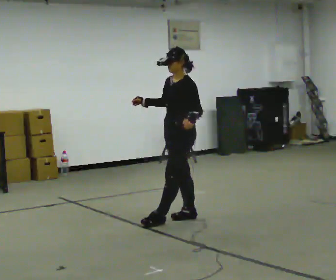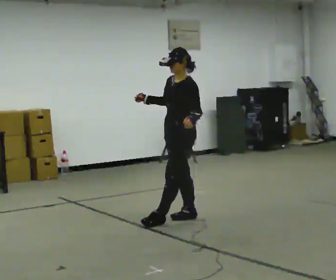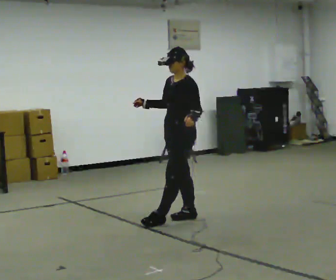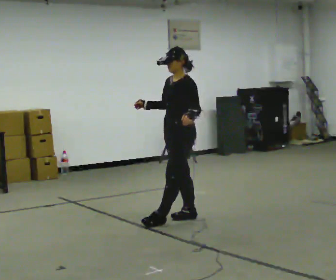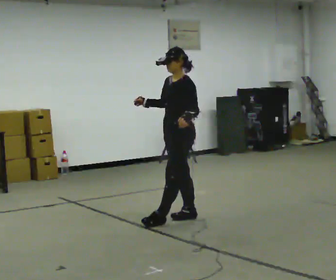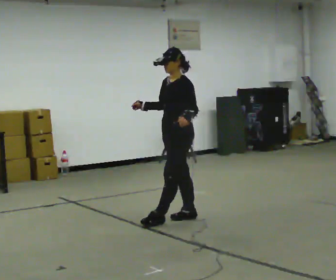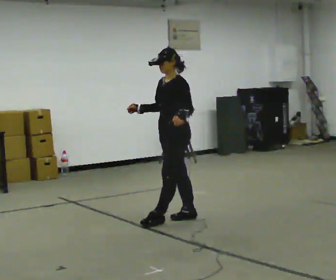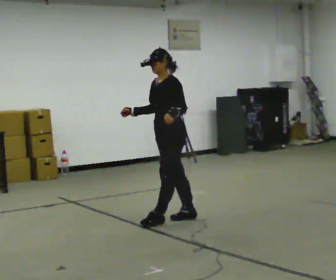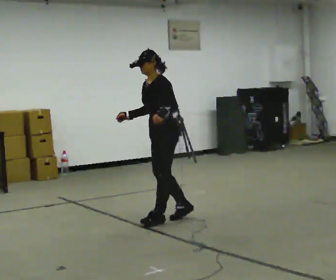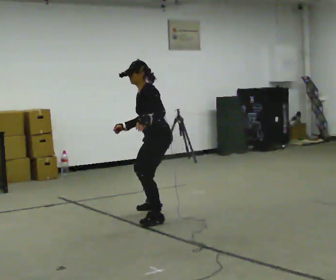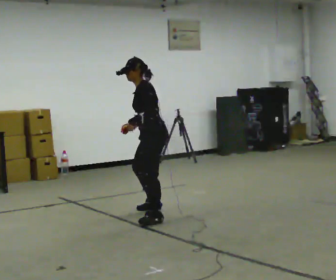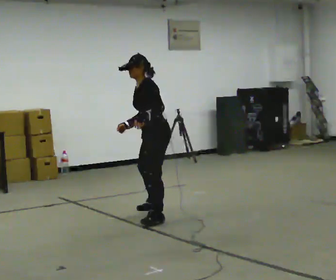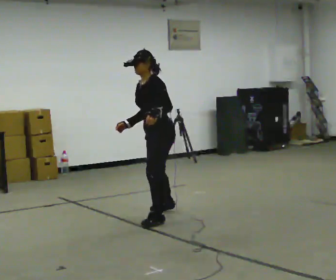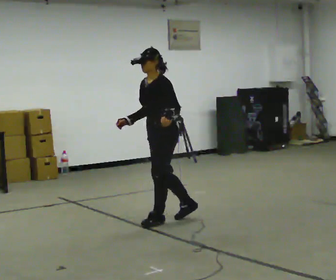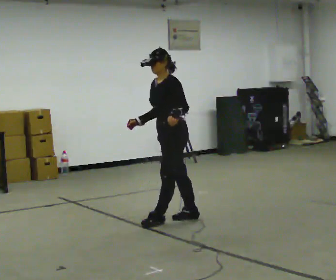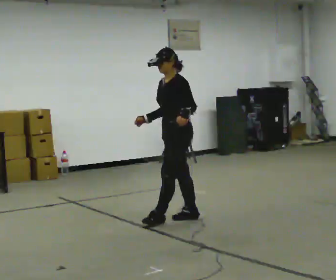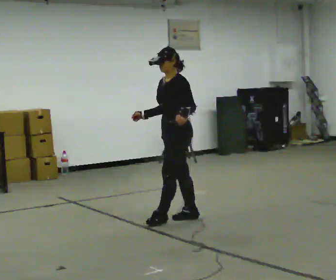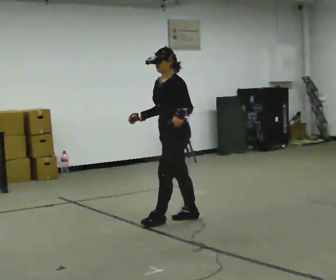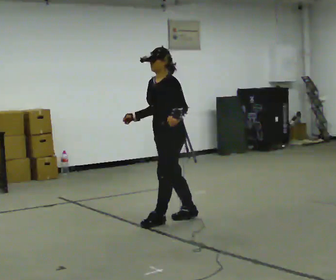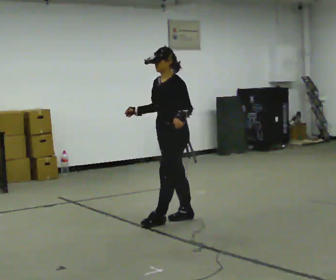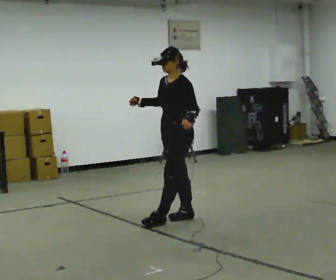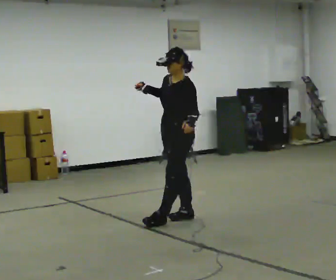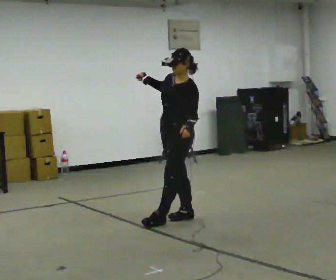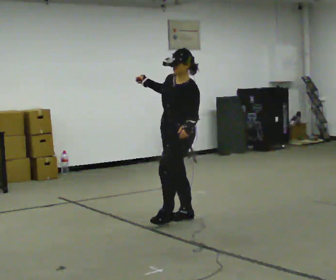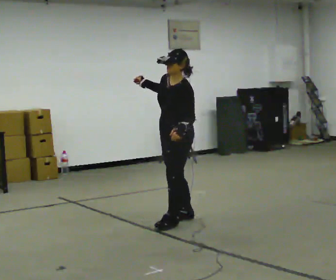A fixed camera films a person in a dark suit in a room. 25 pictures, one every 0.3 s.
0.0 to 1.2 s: The person moves a little, or ends about where they began.
1.2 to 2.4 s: In the picture they go to the left, about 0.25 m, which for them is to their right. In the picture the upper body tilts counterclockwise, shoulders to the left.
2.4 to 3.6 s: The person moves a little, or ends about where they began.
3.6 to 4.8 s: In the picture they go to the right, about 0.25 m in 1 step, which for them is backward.
4.8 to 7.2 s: The person moves a little, or ends about where they began.
The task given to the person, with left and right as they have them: Stand with one foot directly in front of the other, heel to toe, on the marked line. Hold your balance until you lose it, then step out. Repeat at your own pace until the operator says stop. Go slowly and only as far as you are comfortable. Step whenever you need to; do not try to hold on longer than feels safe.
The film runs forward here.
